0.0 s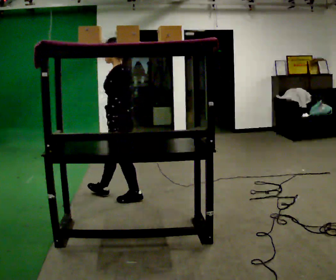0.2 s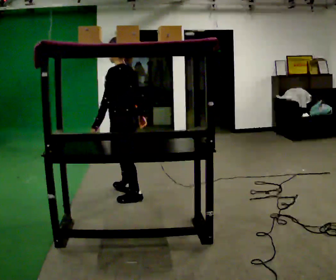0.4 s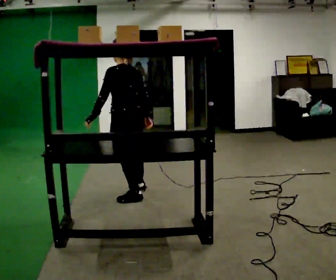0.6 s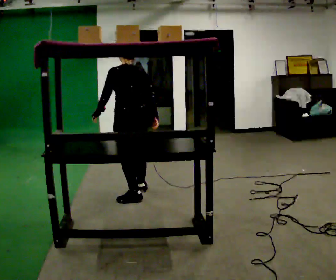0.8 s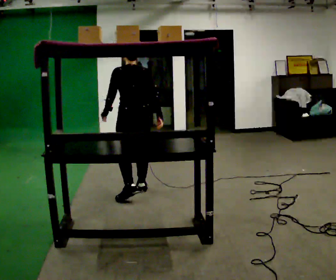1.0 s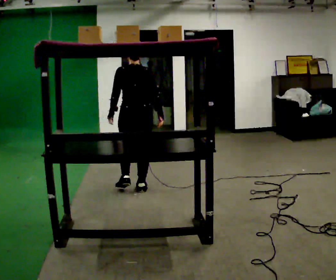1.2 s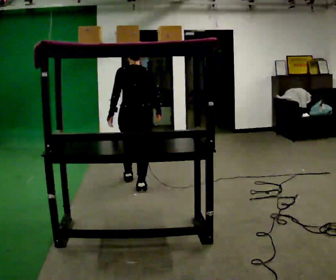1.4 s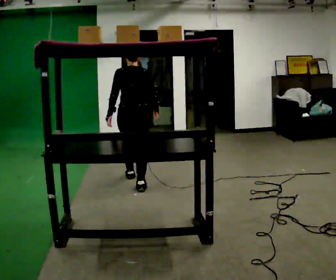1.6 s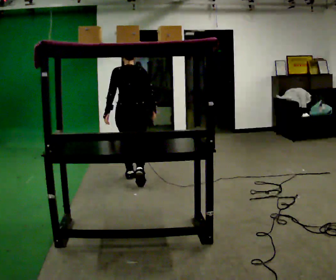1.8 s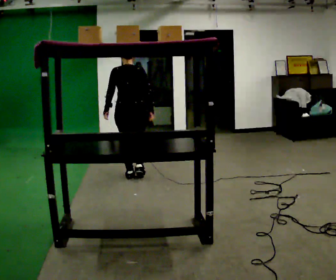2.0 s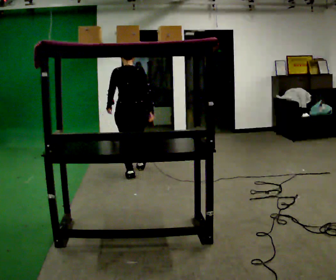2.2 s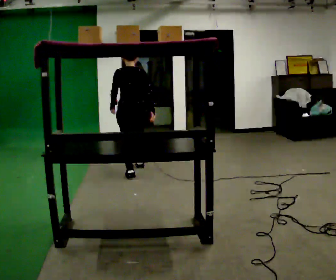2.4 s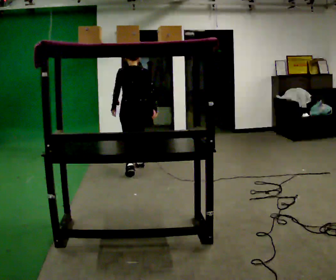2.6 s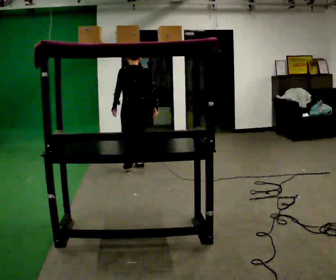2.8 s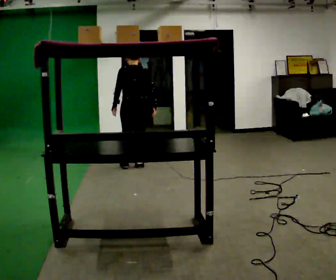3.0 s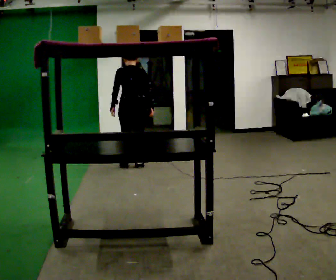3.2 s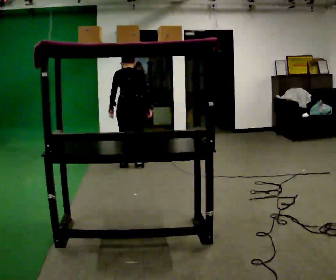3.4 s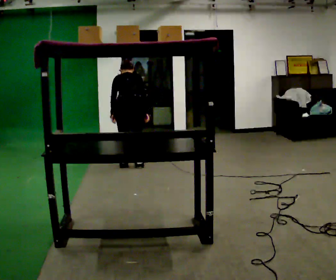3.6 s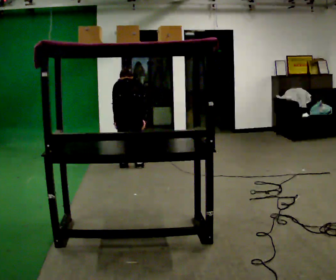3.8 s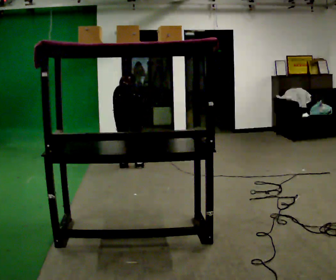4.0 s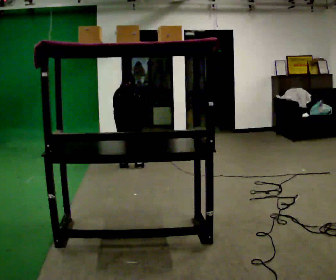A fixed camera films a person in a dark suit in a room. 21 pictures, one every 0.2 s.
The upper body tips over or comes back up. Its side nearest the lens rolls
upward.
The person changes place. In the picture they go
away from the camera.
0.0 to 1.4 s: Seen from above the body turns clockwise, about 75 degrees: to their right, with its near side sliding to the left. In the picture they go away from the camera, about 0.5 m in 2 steps.
1.4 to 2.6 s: In the picture they go away from the camera, about 0.75 m in 1 step, which for them is forward.
2.6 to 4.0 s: The upper body goes downward. The upper body tips away from the camera, its near side rolling upward, as they bend forward. In the picture their right hand goes downward.
The film runs forward here.
